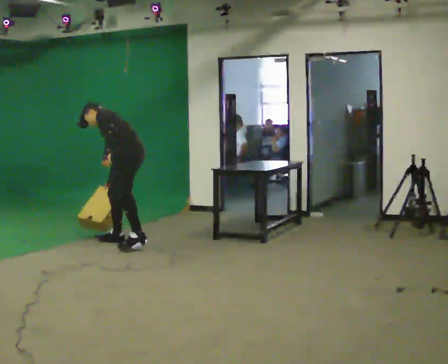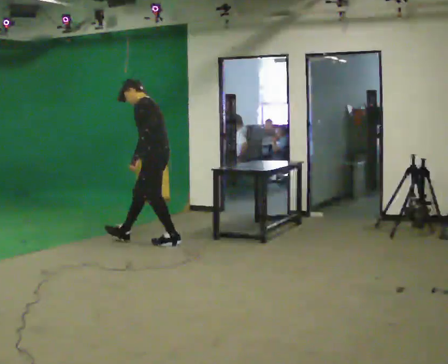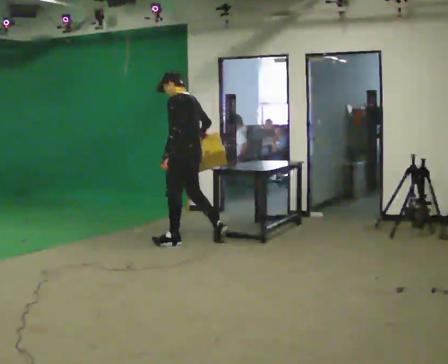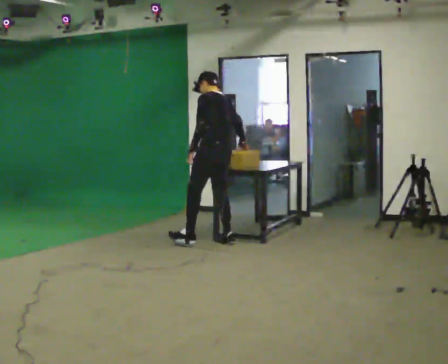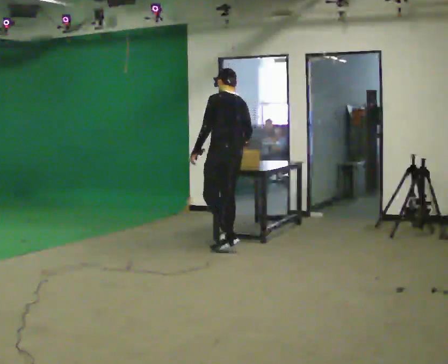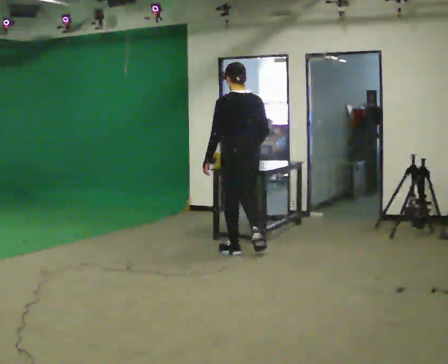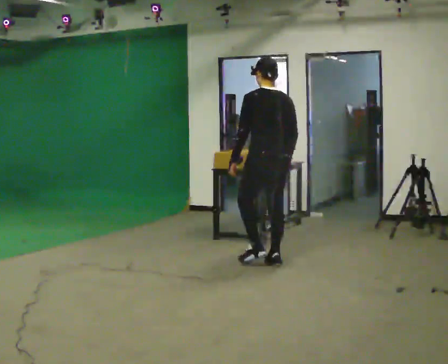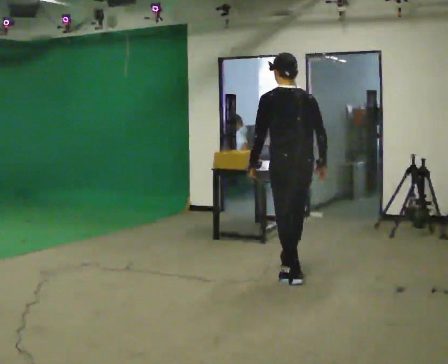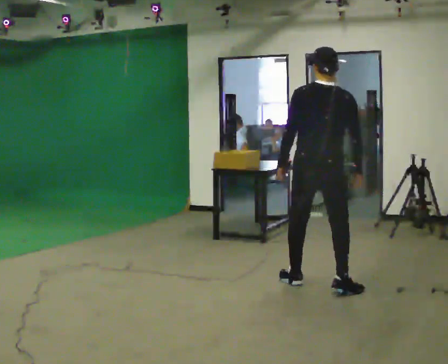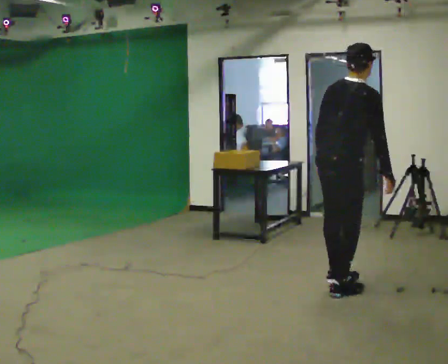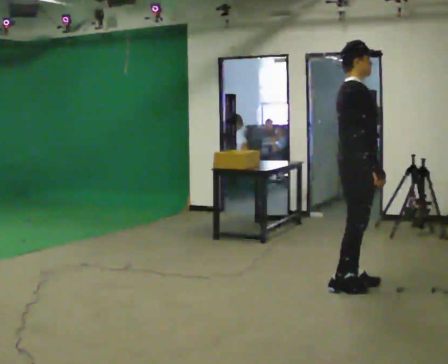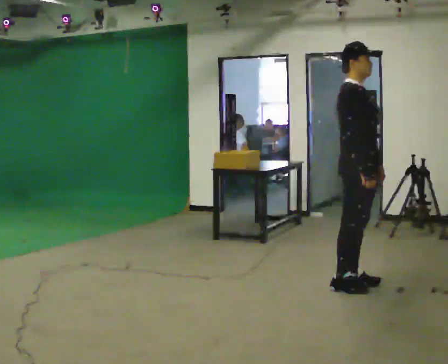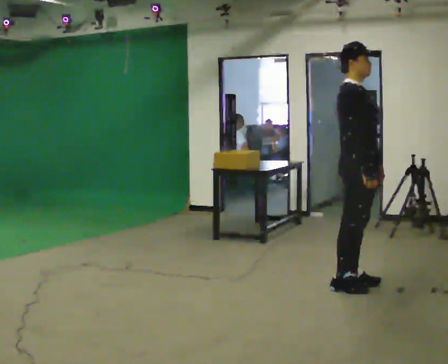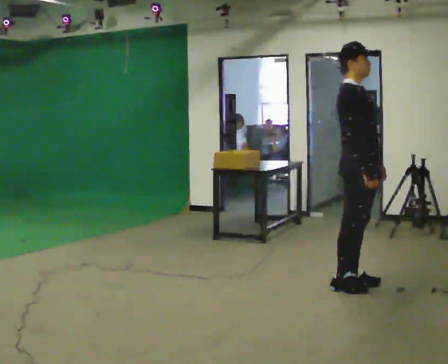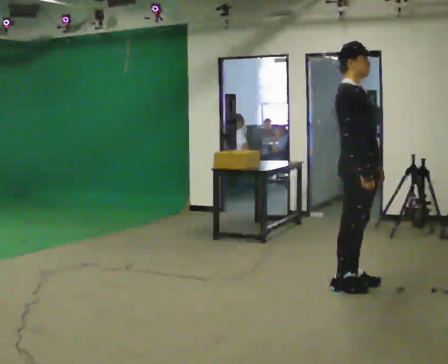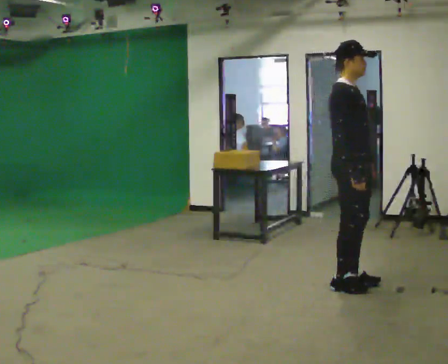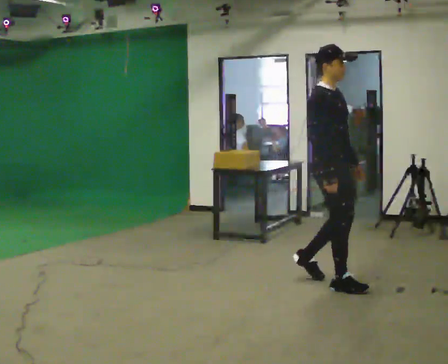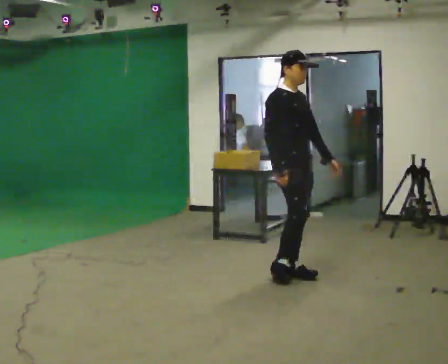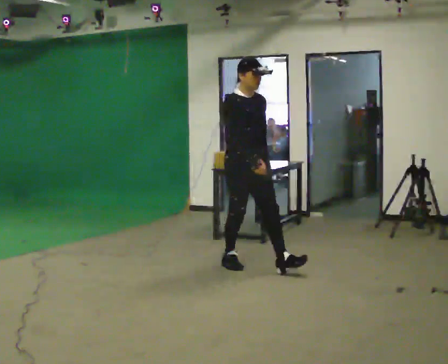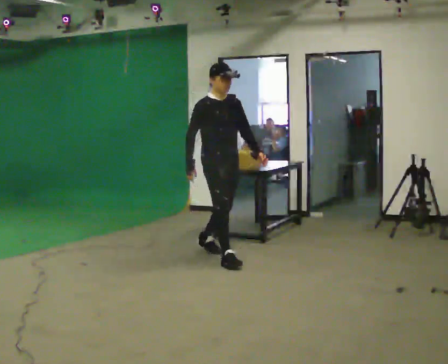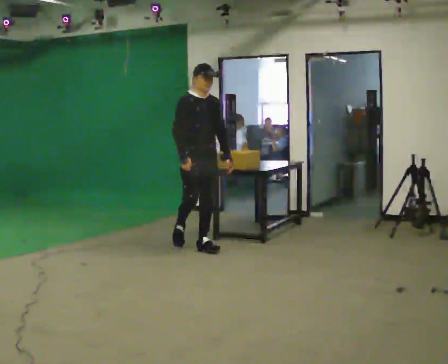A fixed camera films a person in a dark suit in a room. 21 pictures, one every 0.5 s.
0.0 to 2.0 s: The part of the body nearest the lens slides to the left as the person turns to their right by about 45 degrees. In the picture they go to the right, about 1 m in 2 steps, which for them is backward. The shoulders move upward. In the picture the upper body tilts clockwise, shoulders to the right, as they lean back or straighten.
2.0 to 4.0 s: Seen from above the body turns clockwise, about 45 degrees: to their right, with its near side sliding to the left. In the picture they go toward the camera and to the right, about 1.5 m in 3 steps, which for them is backward.
4.0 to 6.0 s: The person turns about 105 degrees to their right, clockwise seen from above, so the part of the body nearest the lens slides to the left. In the picture they go to the right, about 0.25 m in 2 steps. In the picture their left hand goes to the right, the arm swinging counterclockwise.
6.0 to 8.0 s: In the picture they go to the left, about 0.25 m in 1 step, which for them is backward.
8.0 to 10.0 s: The part of the body nearest the lens slides to the left as the person turns to their right by about 30 degrees. In the picture they go to the left and away from the camera, about 1.5 m in 3 steps, which for them is backward.
The film runs backward here.
